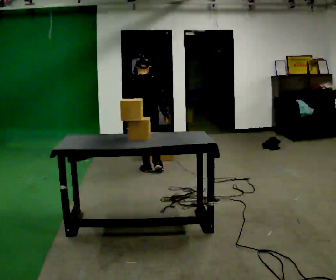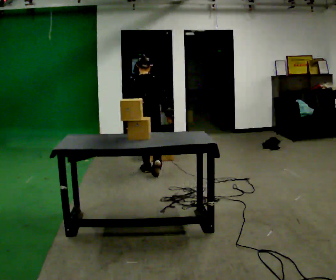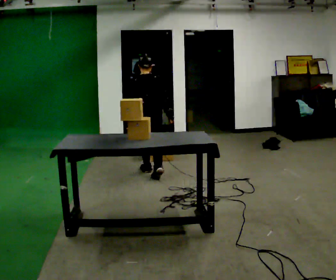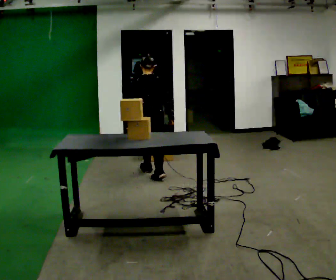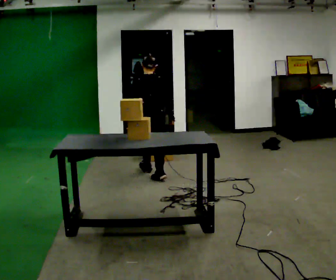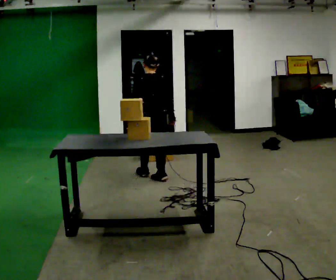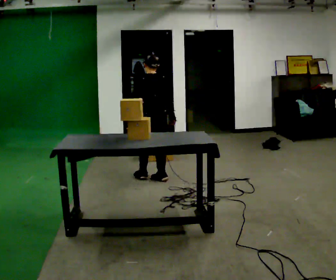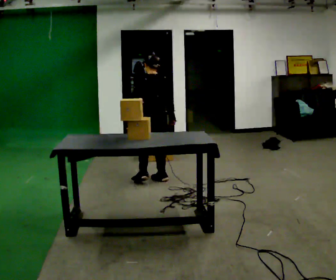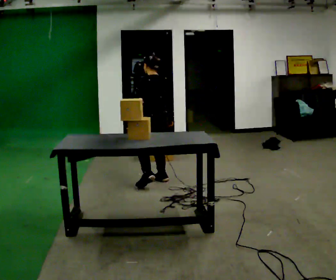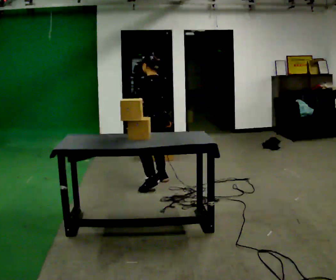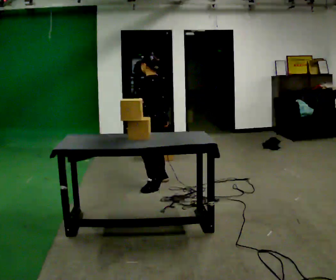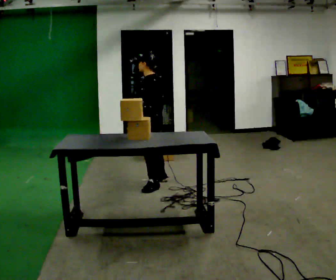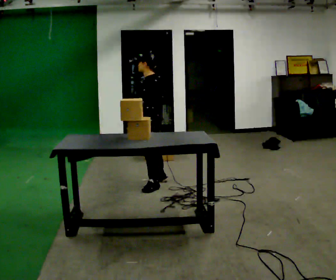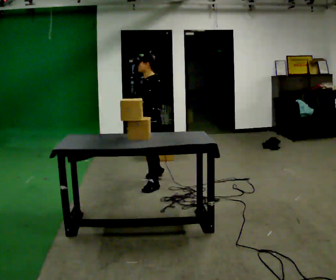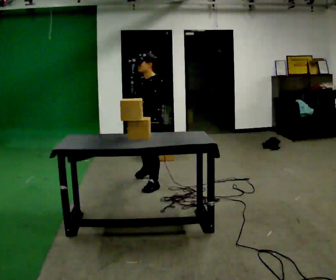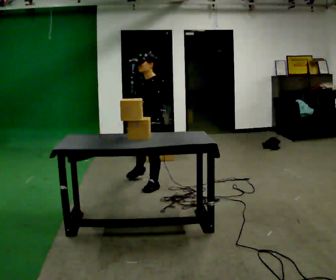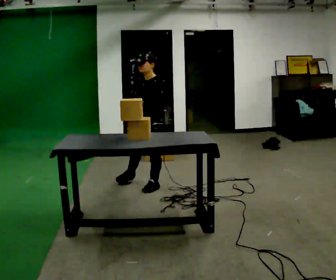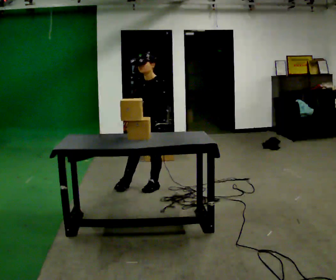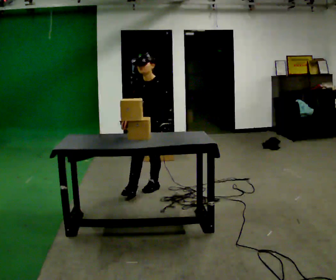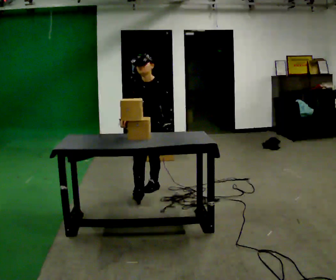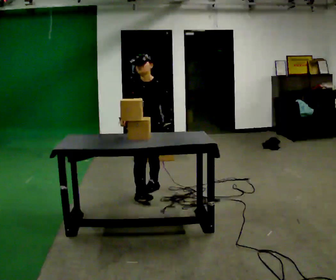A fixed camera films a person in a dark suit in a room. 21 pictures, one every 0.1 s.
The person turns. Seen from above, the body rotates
counterclockwise.
The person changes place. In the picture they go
toward the camera.
0.0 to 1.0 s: The person turns about 60 degrees to their left, counterclockwise seen from above, so the part of the body nearest the lens slides to the right. In the picture they go toward the camera, about 0.5 m in 1 step.
1.0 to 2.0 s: Seen from above the body turns counterclockwise, about 105 degrees: to their left, with its near side sliding to the right. In the picture they go toward the camera, about 0.25 m in 1 step.
The film runs backward here.
